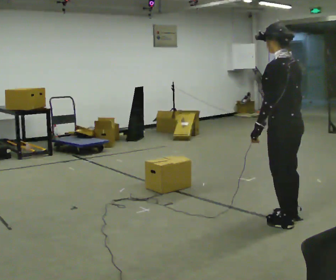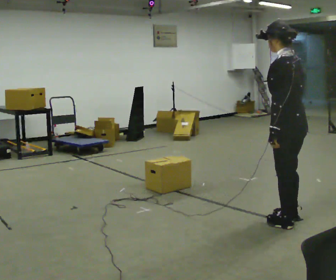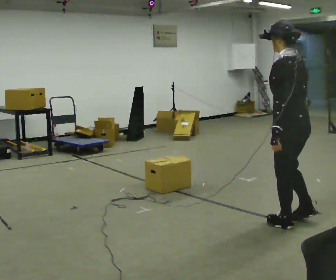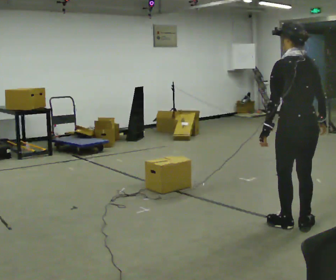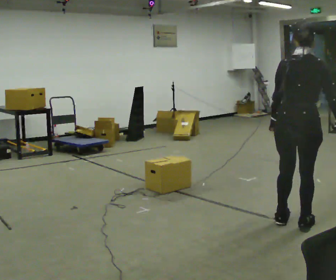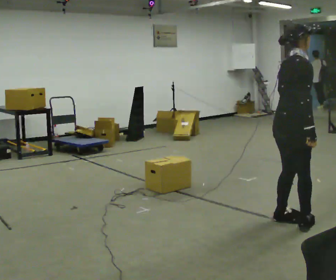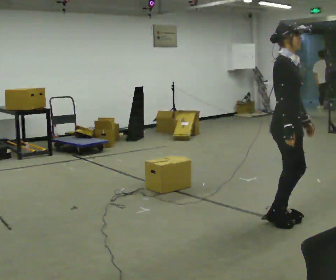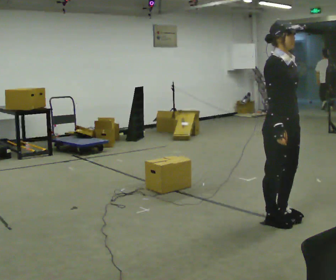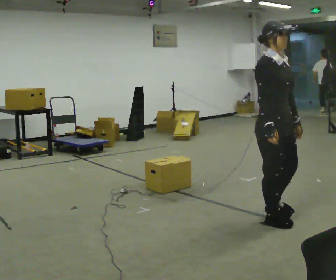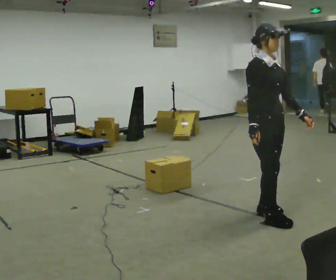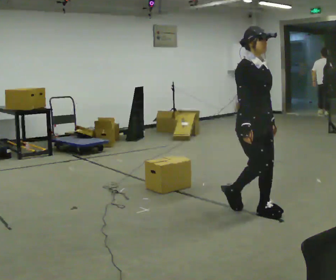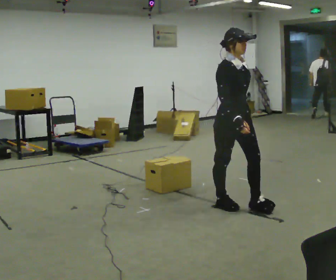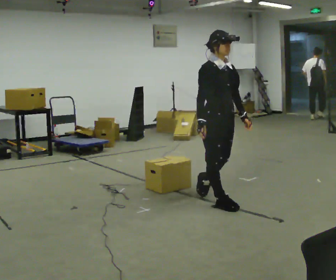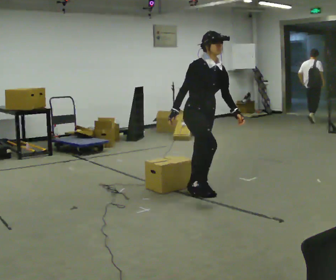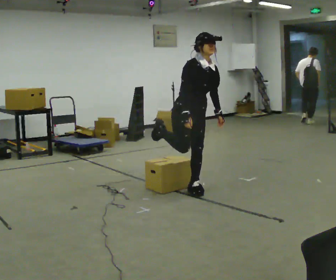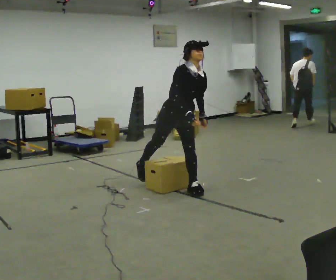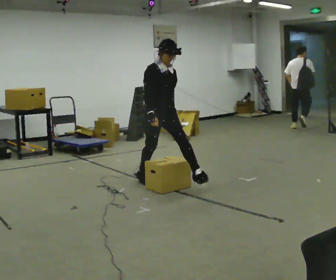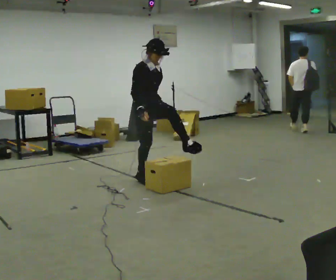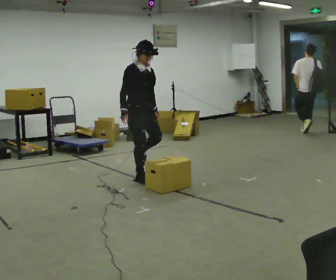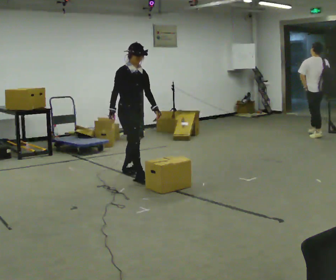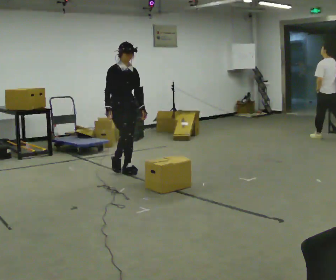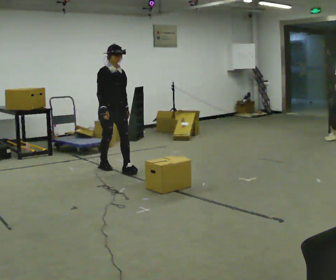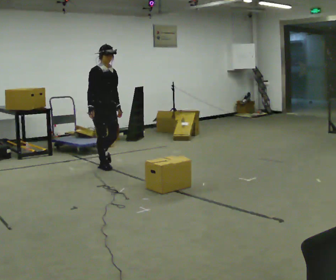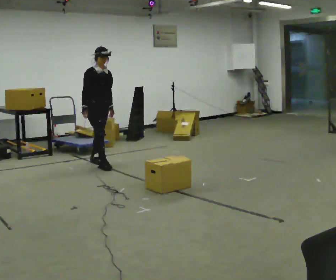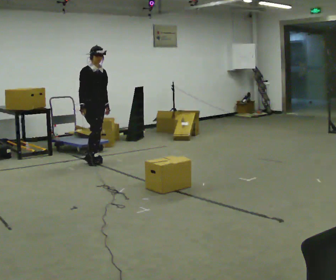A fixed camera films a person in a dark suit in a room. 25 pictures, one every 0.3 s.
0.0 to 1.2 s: The person turns about 75 degrees to their right, clockwise seen from above, so the part of the body nearest the lens slides to the left. In the picture they go toward the camera, about 0.25 m in 2 steps.
1.2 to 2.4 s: The part of the body nearest the lens slides to the left as the person turns to their right by about 105 degrees. In the picture they go to the left and away from the camera, about 0.25 m in 2 steps.
2.4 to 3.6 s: In the picture they go away from the camera and to the left, about 0.75 m in 2 steps, which for them is backward.
3.6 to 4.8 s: In the picture they go away from the camera and to the left, about 1 m in 2 steps, which for them is backward.
4.8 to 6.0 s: In the picture they go away from the camera and to the left, about 1 m in 1 step, which for them is backward.
6.0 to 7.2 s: In the picture they go to the left and away from the camera, about 0.5 m in 2 steps, which for them is backward.
The film runs backward here.
